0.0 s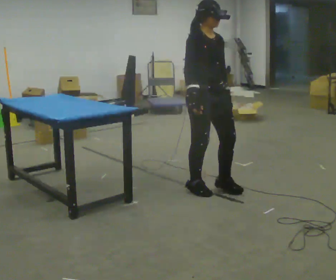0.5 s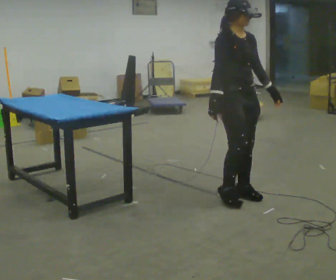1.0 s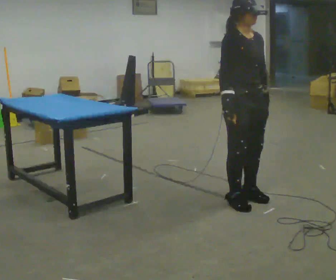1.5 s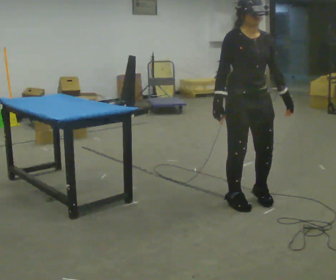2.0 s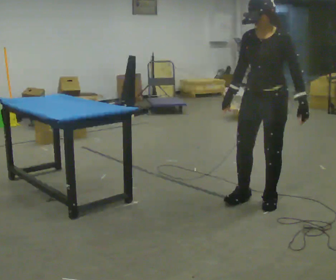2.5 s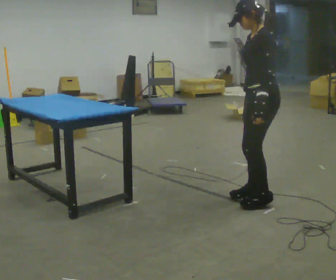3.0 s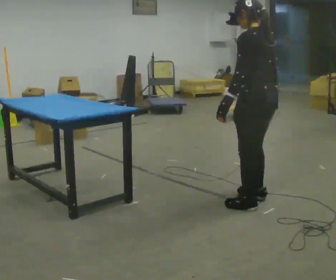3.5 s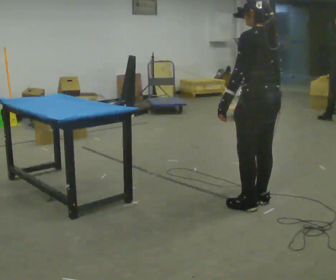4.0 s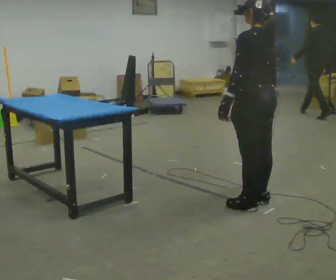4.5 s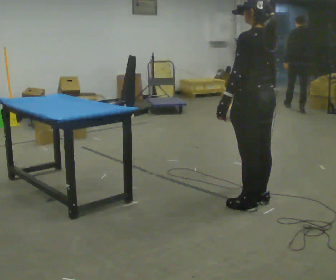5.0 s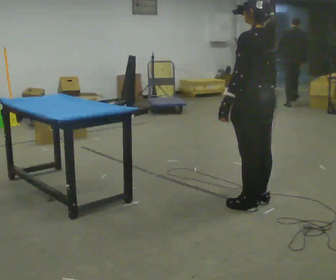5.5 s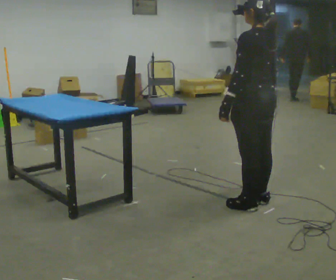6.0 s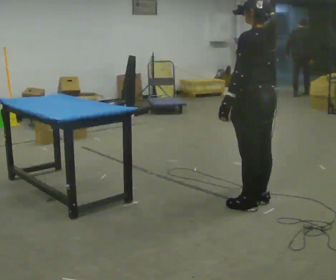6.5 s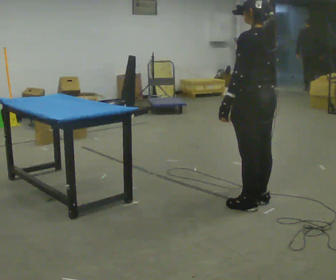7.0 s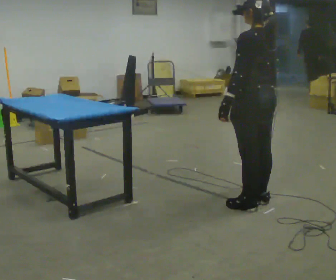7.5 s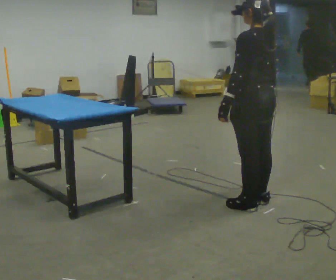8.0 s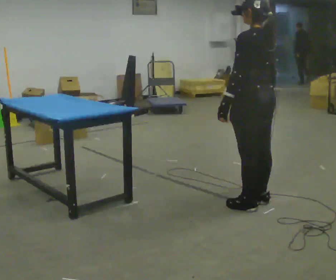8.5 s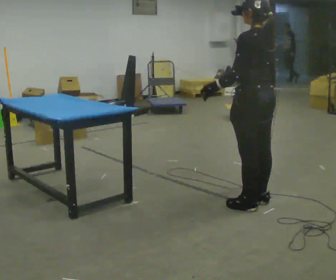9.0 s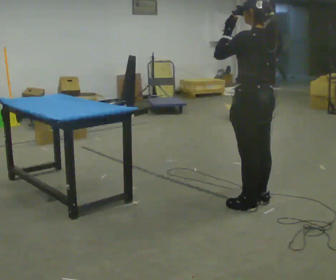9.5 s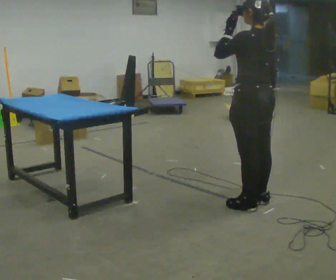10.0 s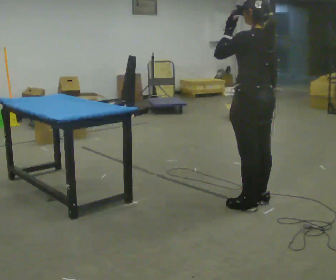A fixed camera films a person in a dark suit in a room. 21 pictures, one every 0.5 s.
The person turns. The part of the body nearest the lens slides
to the left.
The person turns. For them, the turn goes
to their right.
0.0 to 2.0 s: The person turns about 90 degrees to their right, clockwise seen from above, so the part of the body nearest the lens slides to the left. In the picture they go to the right and toward the camera, about 0.5 m in 3 steps.
2.0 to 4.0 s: The person turns about 90 degrees to their right, clockwise seen from above, so the part of the body nearest the lens slides to the left. In the picture their left hand goes to the left, the arm swinging clockwise.
4.0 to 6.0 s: The person moves a little, or ends about where they began.
6.0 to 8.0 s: The person keeps their place and pose.
8.0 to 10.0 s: In the picture their left hand goes upward.
The film runs forward here.
